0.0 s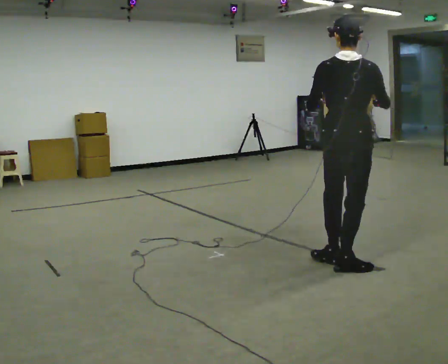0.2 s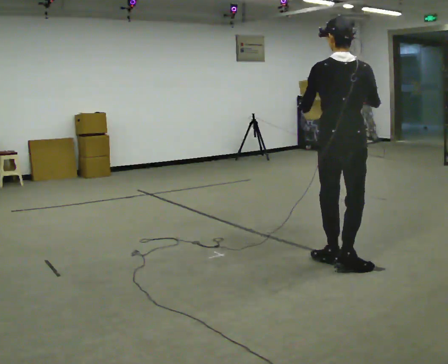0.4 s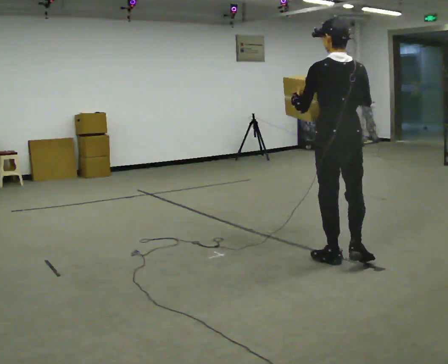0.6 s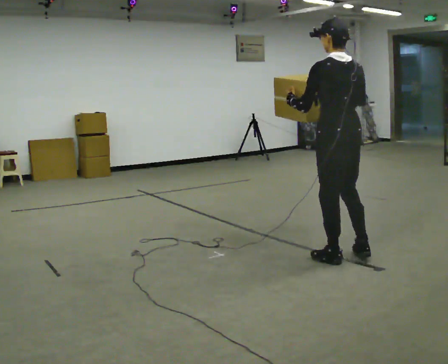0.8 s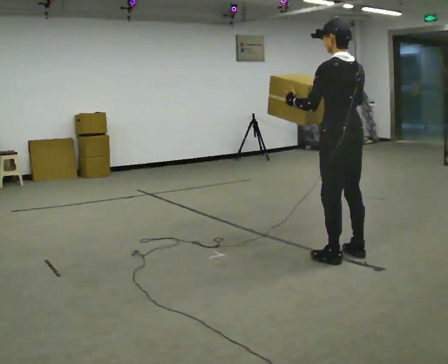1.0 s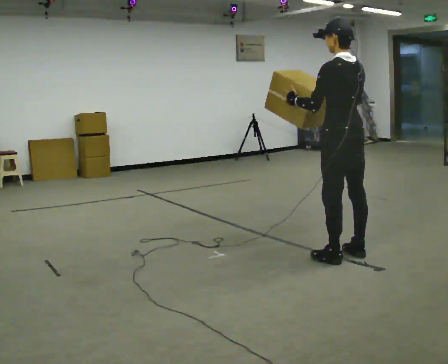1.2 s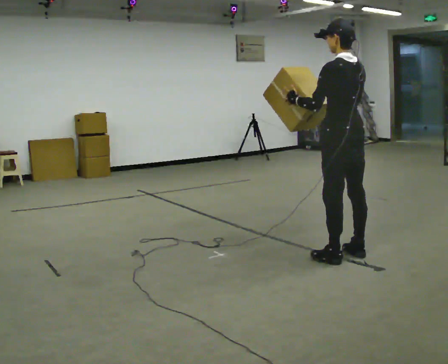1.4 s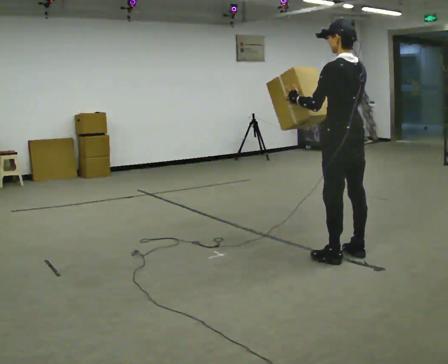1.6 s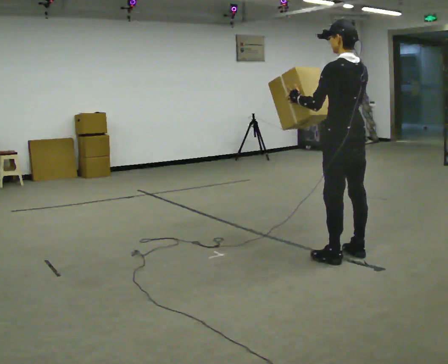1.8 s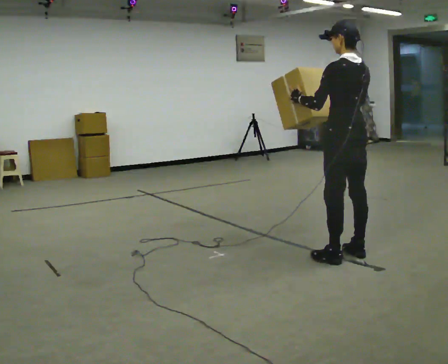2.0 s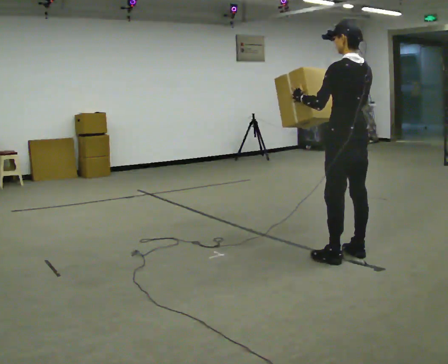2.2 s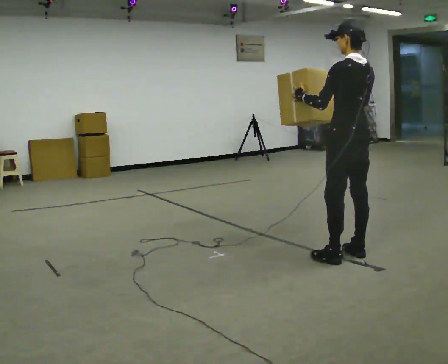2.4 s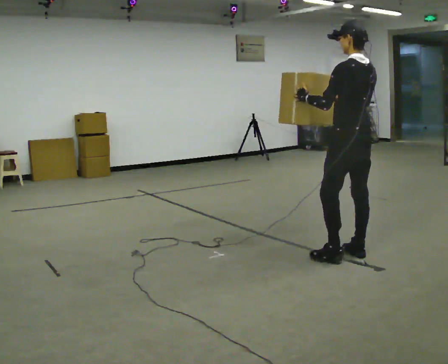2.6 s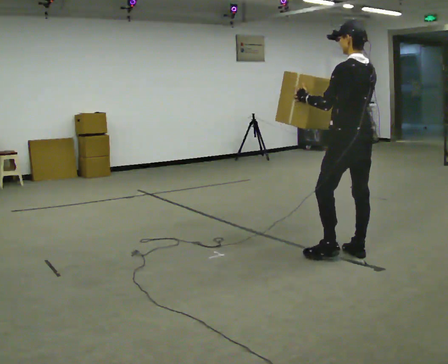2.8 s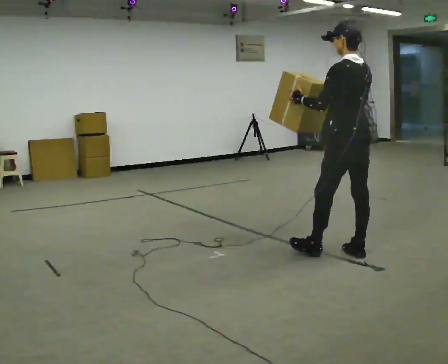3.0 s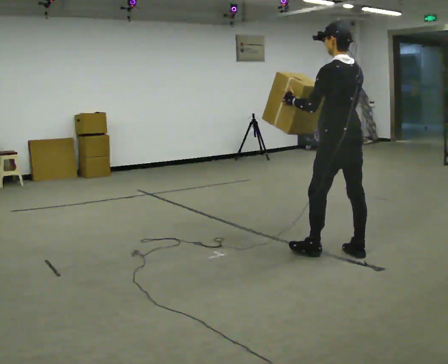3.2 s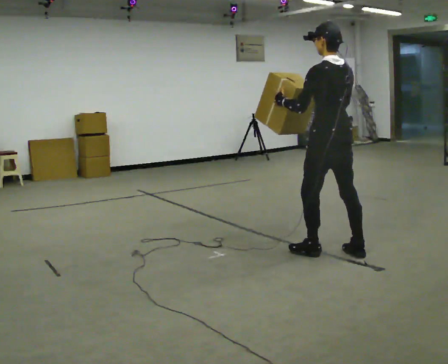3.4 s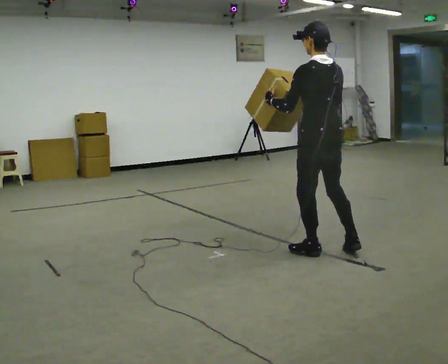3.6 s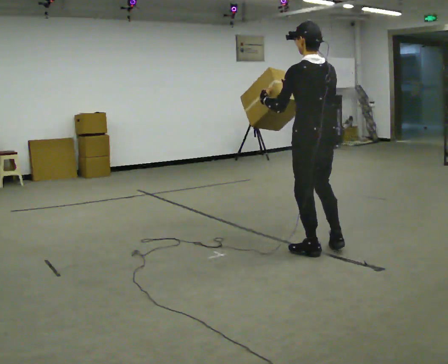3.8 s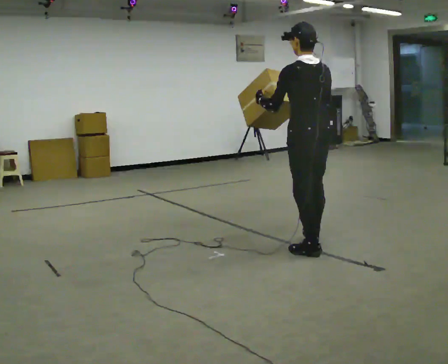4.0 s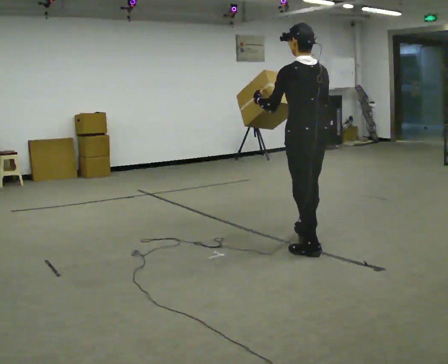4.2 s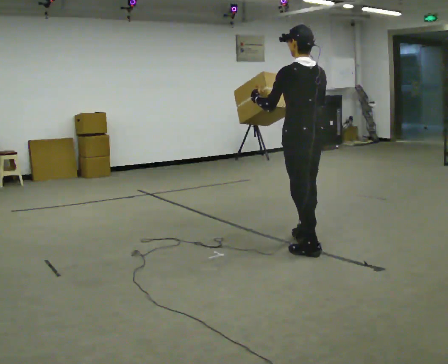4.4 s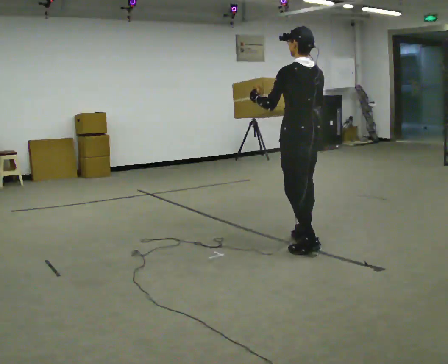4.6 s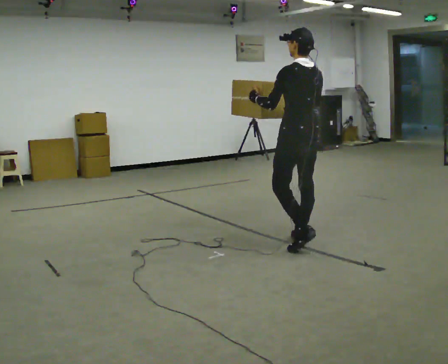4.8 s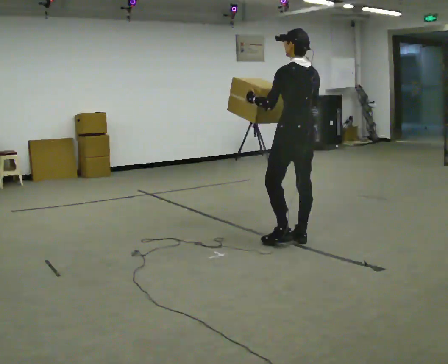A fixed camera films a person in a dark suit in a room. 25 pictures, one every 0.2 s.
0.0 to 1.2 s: Seen from above the body turns counterclockwise, about 60 degrees: to their left, with its near side sliding to the right. In the picture they go away from the camera, about 0.25 m in 1 step, which for them is forward and to their right. In the picture their right hand goes to the left.
1.2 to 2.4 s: The person moves a little, or ends about where they began.
2.4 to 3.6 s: In the picture they go to the left, about 0.25 m in 1 step, which for them is forward and to their left.
3.6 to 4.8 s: In the picture they go away from the camera and to the left, about 0.25 m in 1 step, which for them is forward and to their right.
The film runs forward here.
